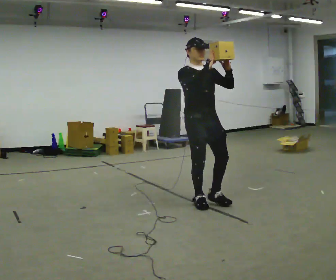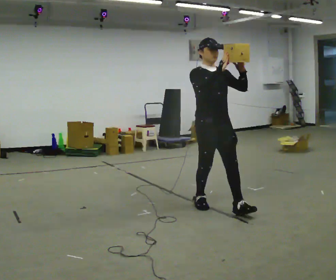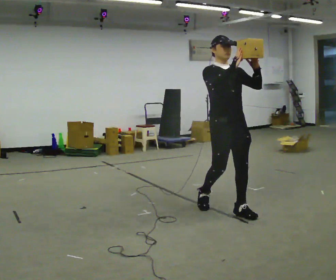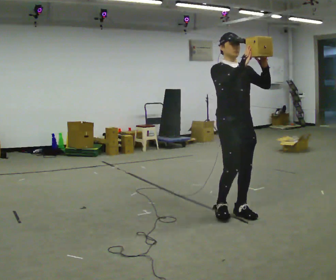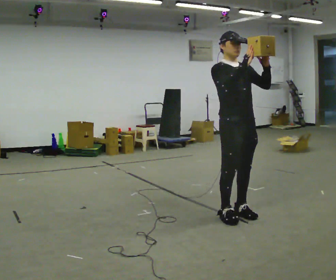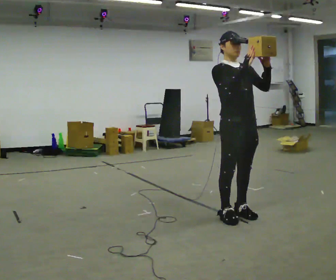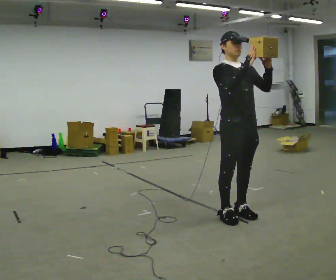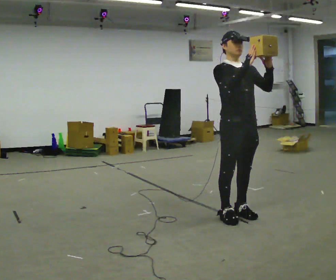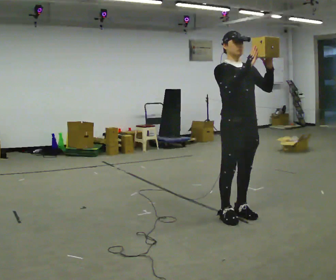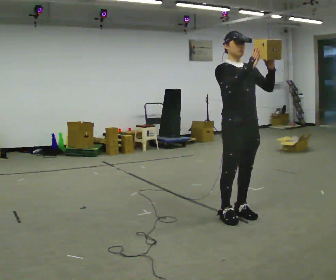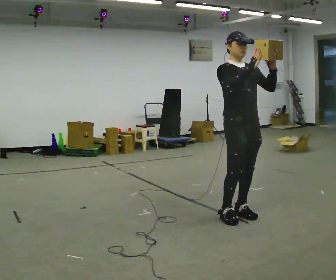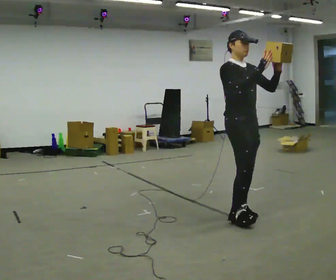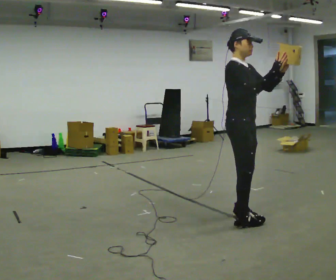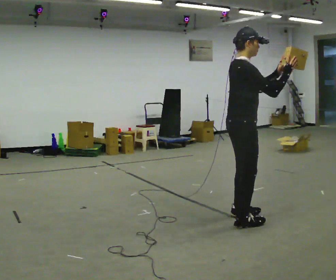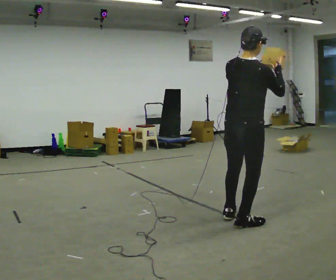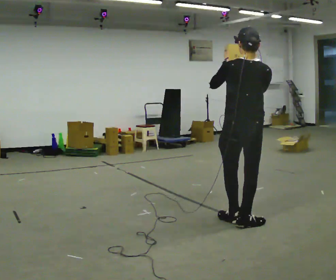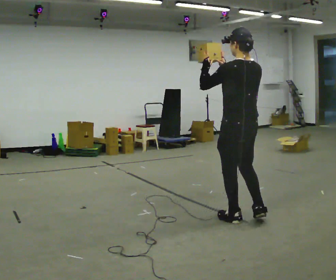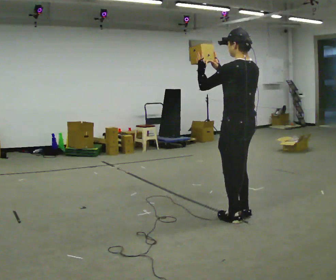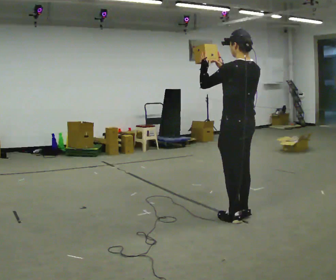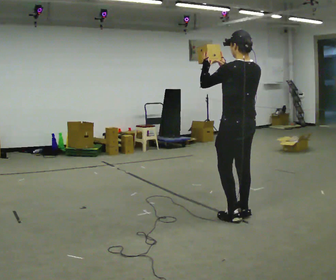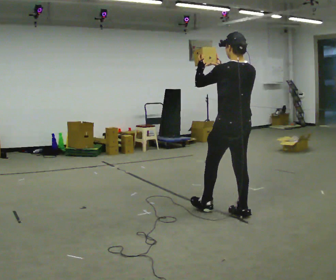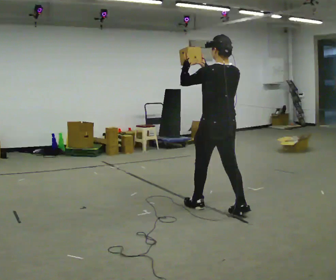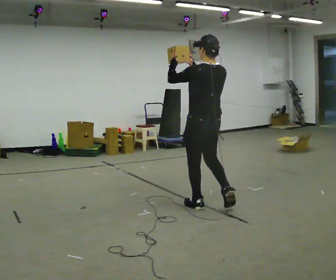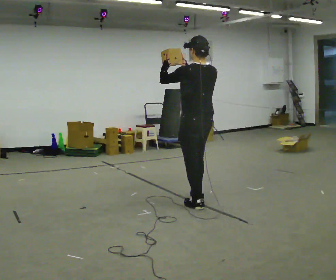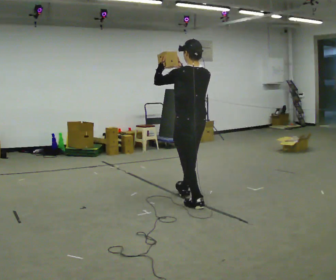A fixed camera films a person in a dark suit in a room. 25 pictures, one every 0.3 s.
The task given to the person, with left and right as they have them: Carry the object held up above your head, walking back and forth across the room.
0.0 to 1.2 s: In the picture they go toward the camera and to the right, about 0.5 m in 2 steps, which for them is forward.
1.2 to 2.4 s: The person moves a little, or ends about where they began.
2.4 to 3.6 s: The person turns about 45 degrees to their left, counterclockwise seen from above, so the part of the body nearest the lens slides to the right.
3.6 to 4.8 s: The person turns about 150 degrees to their left, counterclockwise seen from above, so the part of the body nearest the lens slides to the right. In the picture their left hand goes to the left.
4.8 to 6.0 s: In the picture they go away from the camera, about 0.25 m in 1 step, which for them is forward.
6.0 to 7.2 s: In the picture they go to the left and away from the camera, about 0.75 m in 2 steps, which for them is forward.
The film runs forward here.
